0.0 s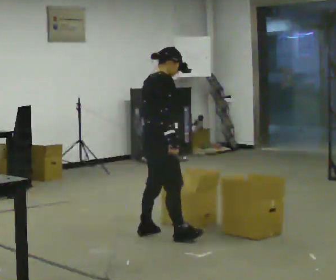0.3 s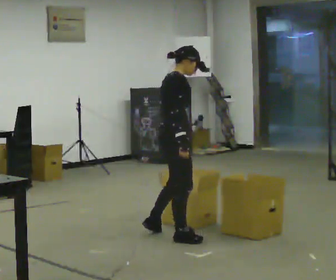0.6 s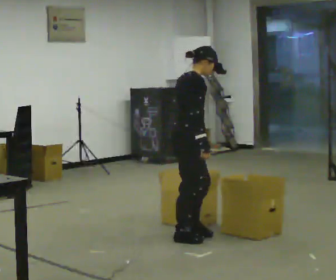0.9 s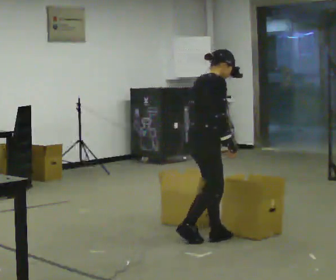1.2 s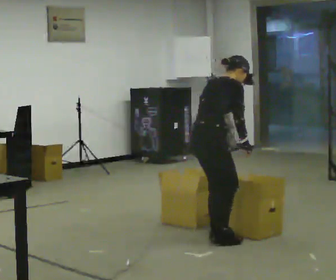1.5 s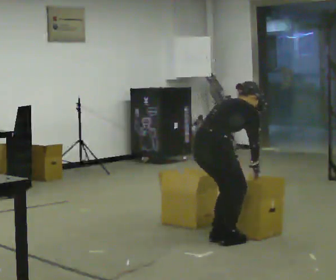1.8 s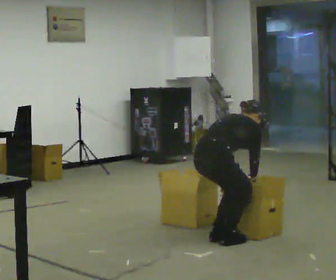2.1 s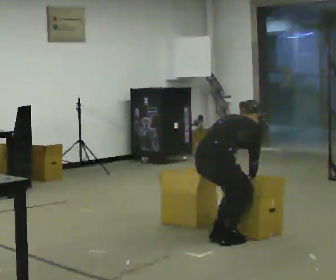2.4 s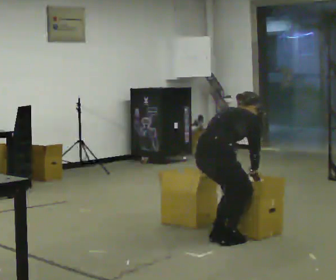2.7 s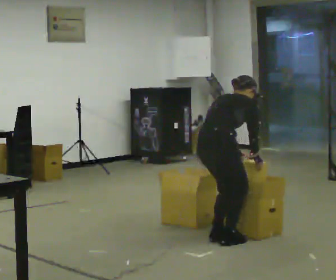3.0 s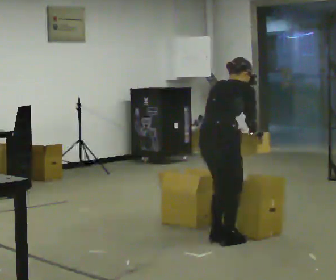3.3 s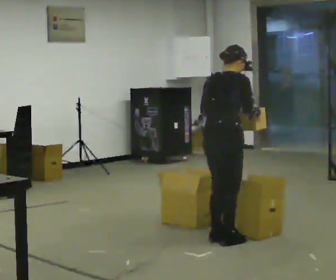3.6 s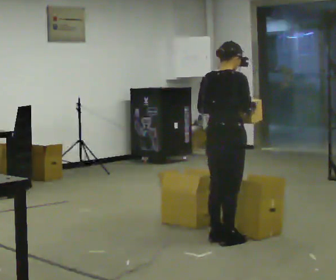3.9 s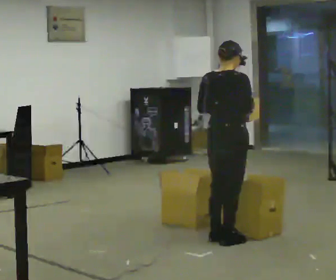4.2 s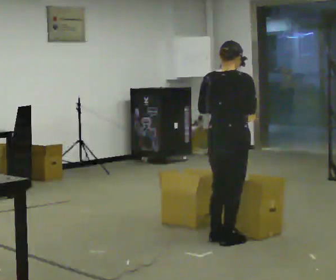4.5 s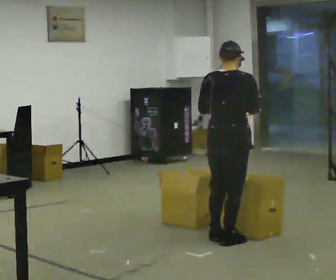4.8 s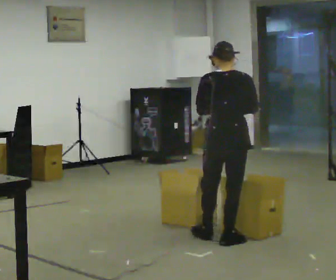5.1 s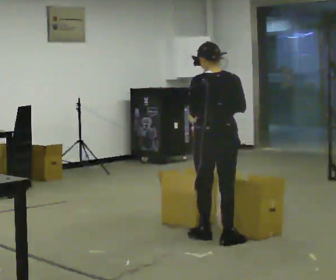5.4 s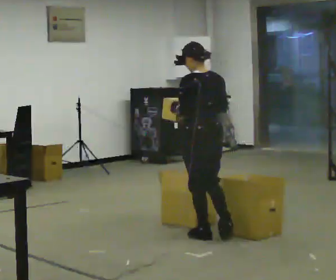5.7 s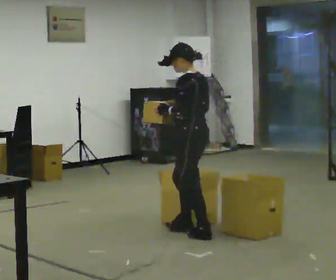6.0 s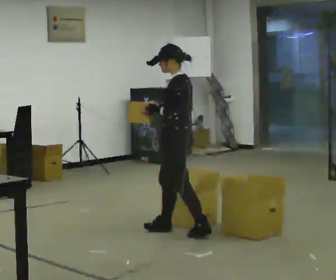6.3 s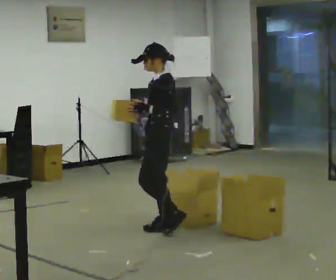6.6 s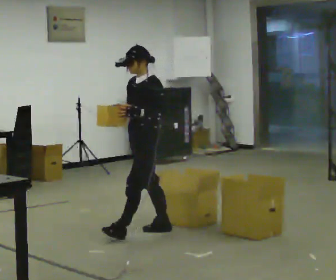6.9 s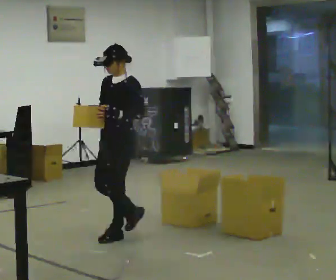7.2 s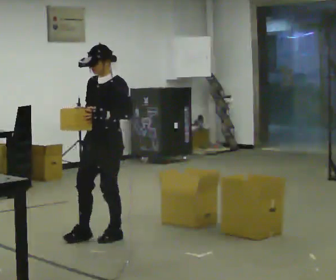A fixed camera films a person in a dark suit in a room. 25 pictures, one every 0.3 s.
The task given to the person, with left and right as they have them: 1. Look at the shelf and see which spaces are empty. 2. Find matching items in the bins on the floor. 3. Fill the empty spaces on the shelf. 4. Tell the operator when you are finished.
0.0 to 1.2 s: In the picture they go to the right and toward the camera, about 0.5 m in 1 step, which for them is forward and to their right. In the picture the upper body tilts clockwise, shoulders to the right, as they bend forward.
1.2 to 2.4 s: The person moves a little, or ends about where they began.
2.4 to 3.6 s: The shoulders move upward. The upper body tips toward the camera, its near side rolling downward, as they lean back or straighten. In the picture their right hand goes upward.
3.6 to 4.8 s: Seen from above the body turns counterclockwise, about 45 degrees: to their left, with its near side sliding to the right.
4.8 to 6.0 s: The person turns about 90 degrees to their left, counterclockwise seen from above, so the part of the body nearest the lens slides to the right. In the picture they go to the left and away from the camera, about 0.5 m in 1 step.
6.0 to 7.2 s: The part of the body nearest the lens slides to the right as the person turns to their left by about 45 degrees. In the picture they go to the left, about 0.5 m in 1 step, which for them is forward.
The film runs forward here.
